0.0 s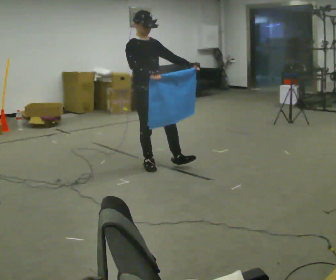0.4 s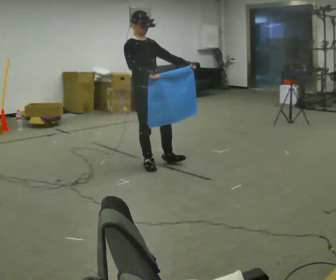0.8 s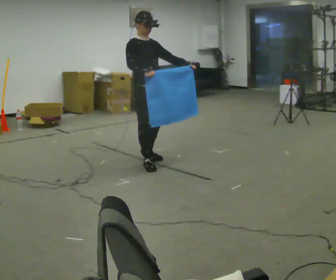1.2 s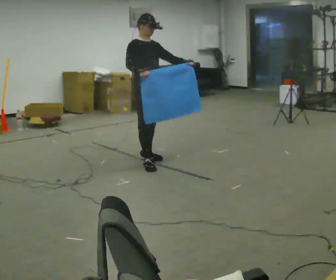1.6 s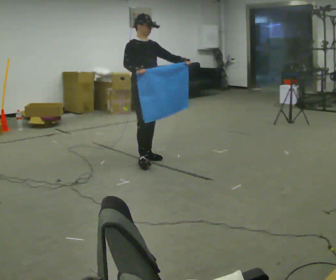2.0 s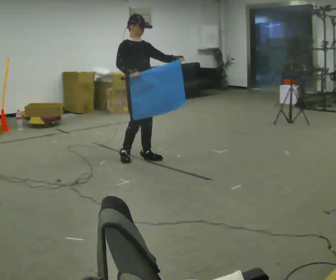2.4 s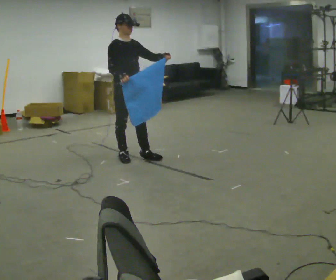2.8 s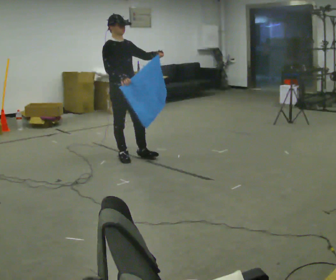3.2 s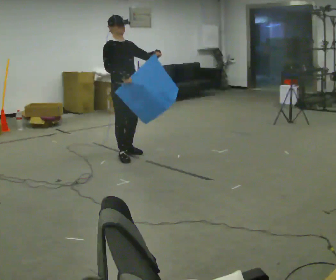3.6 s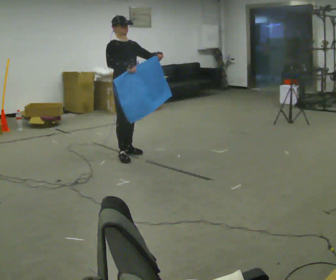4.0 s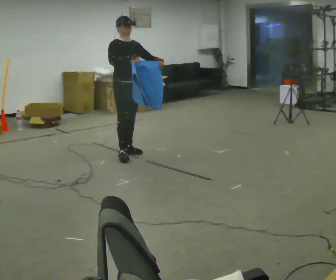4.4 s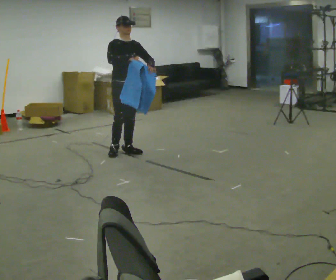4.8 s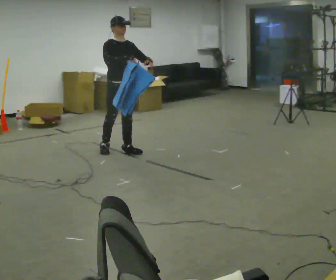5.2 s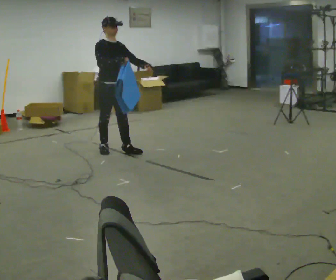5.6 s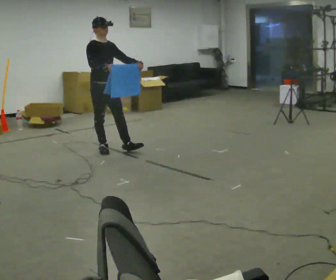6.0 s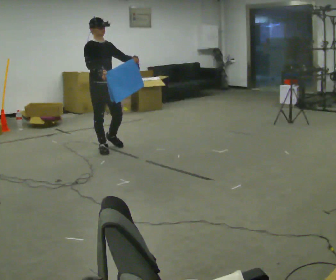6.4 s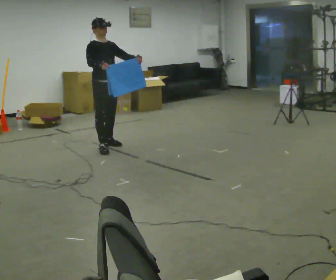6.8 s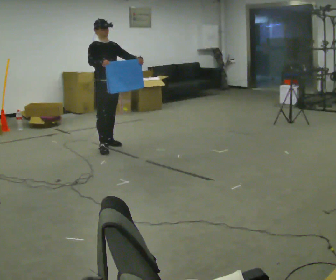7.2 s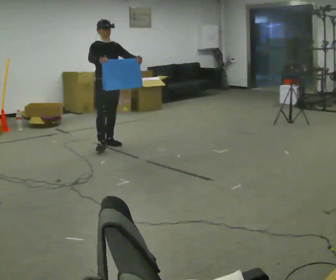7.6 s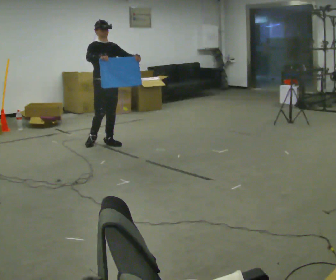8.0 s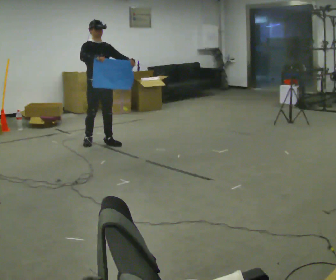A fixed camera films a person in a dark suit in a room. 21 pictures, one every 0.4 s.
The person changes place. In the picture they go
away from the camera.
0.0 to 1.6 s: In the picture they go away from the camera, about 0.25 m in 1 step, which for them is backward and to their left.
1.6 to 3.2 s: In the picture they go to the left, about 0.25 m in 1 step, which for them is backward and to their right.
3.2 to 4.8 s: In the picture they go away from the camera, about 0.25 m in 1 step, which for them is backward.
4.8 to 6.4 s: In the picture they go to the left and away from the camera, about 0.25 m in 1 step, which for them is backward.
6.4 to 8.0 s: In the picture they go away from the camera, about 0.25 m in 1 step, which for them is backward.
The film runs backward here.
